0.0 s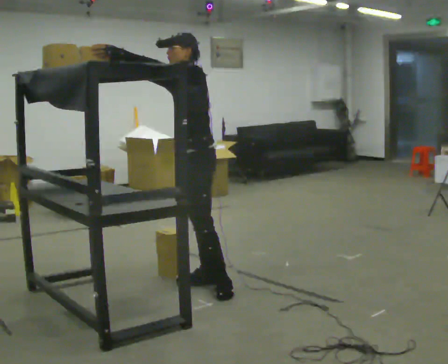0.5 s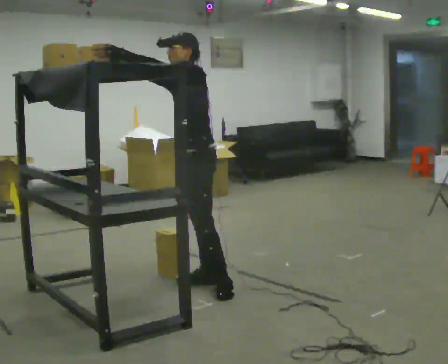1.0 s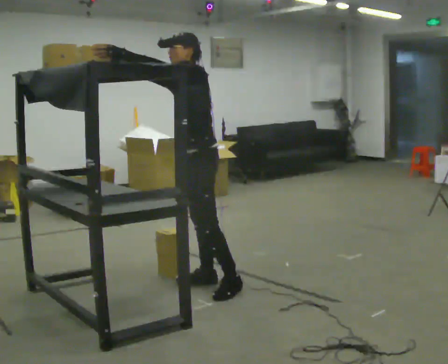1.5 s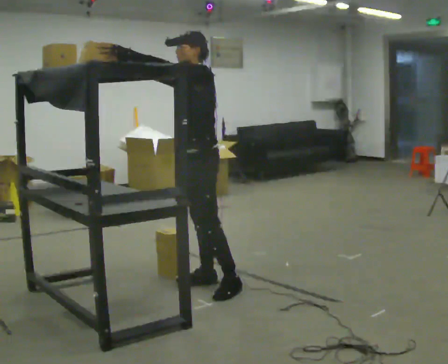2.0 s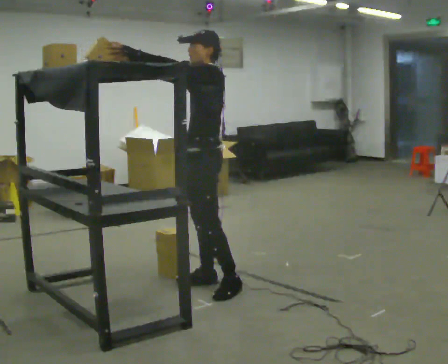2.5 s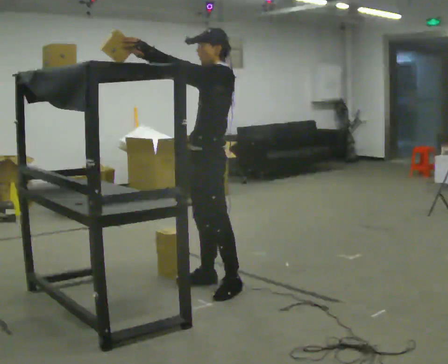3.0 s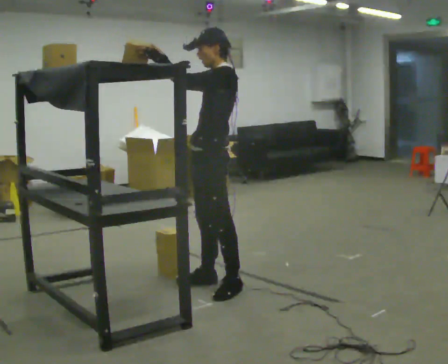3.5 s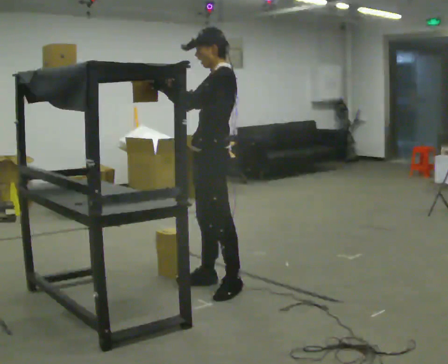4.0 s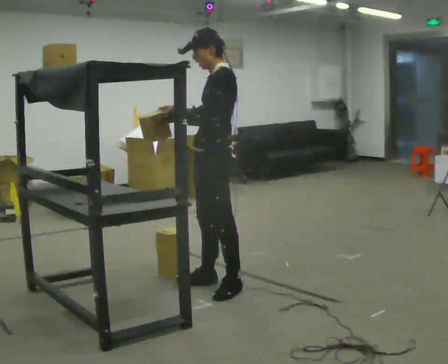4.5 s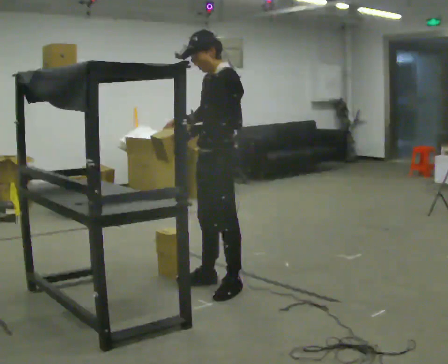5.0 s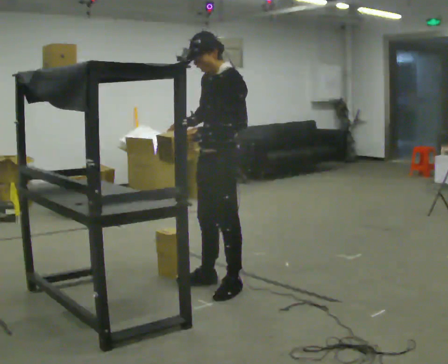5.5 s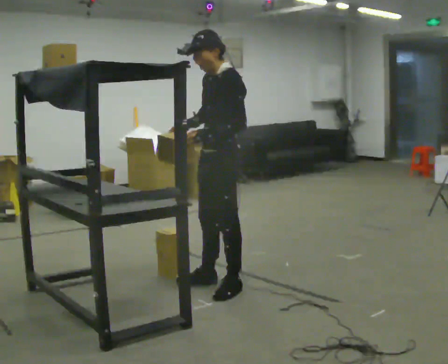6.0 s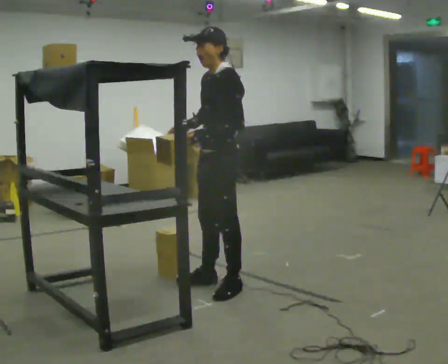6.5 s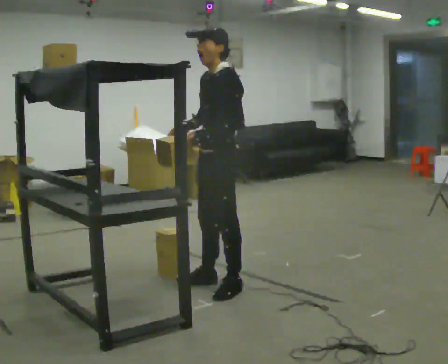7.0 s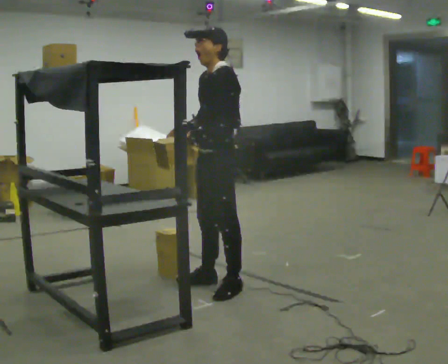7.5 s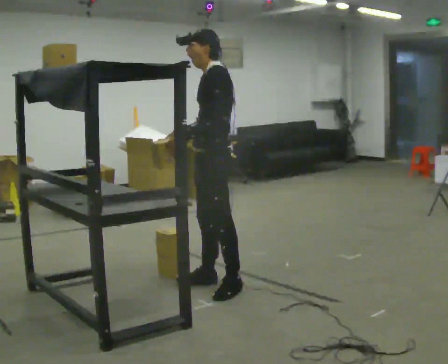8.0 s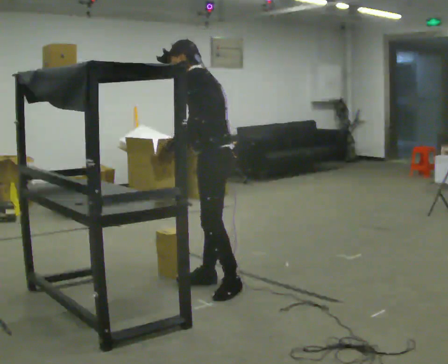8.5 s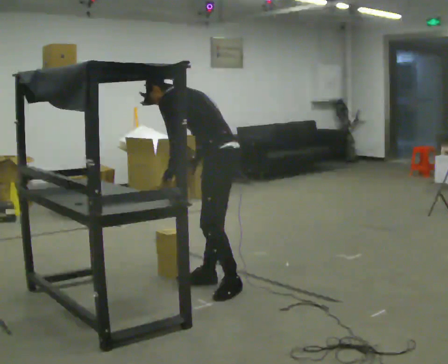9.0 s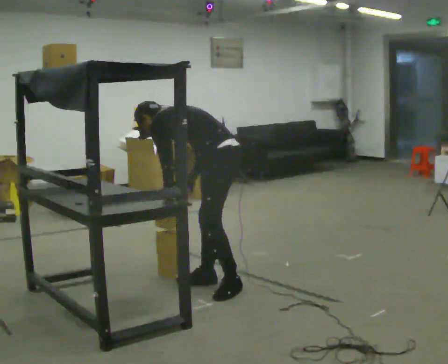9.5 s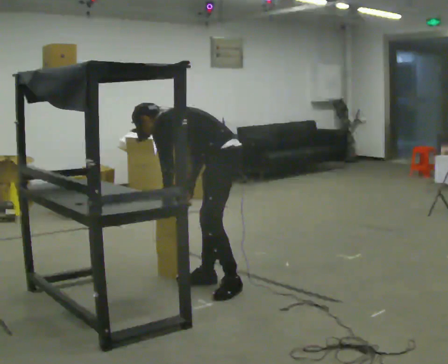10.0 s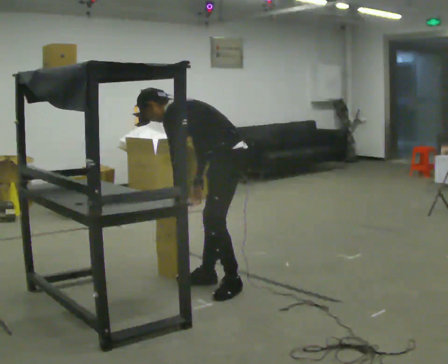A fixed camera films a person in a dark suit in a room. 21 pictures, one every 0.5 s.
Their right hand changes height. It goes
downward.
Their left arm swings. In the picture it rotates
counterclockwise.
0.0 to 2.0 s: The person moves a little, or ends about where they began.
2.0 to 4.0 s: In the picture their left hand goes downward, the arm swinging counterclockwise.
4.0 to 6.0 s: The person moves a little, or ends about where they began.
6.0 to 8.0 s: Seen from above the body turns clockwise, about 30 degrees: to their right, with its near side sliding to the left.
8.0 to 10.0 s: In the picture the upper body tilts counterclockwise, shoulders to the left.
The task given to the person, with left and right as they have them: Pick an object up off the floor at your feet and place it on the highest shelf you can comfortably reach. Repeat at your own pace until the operator says stop. Keep both feet on the marked spots for the whole take. If you have to step, stop and tell the operator.
The film runs forward here.
